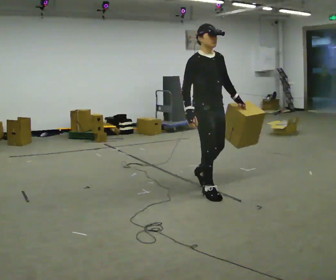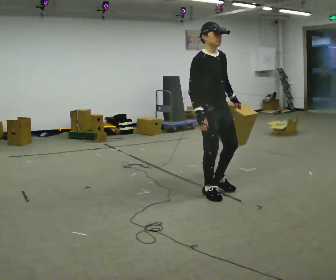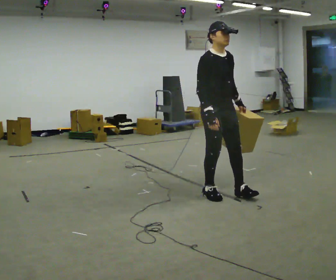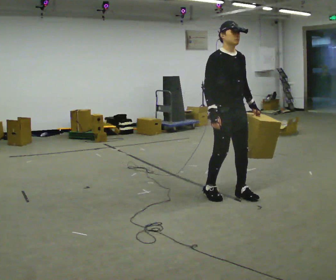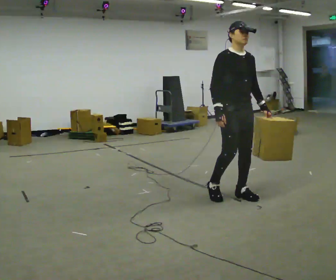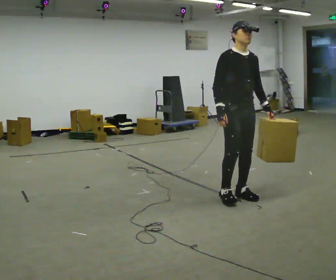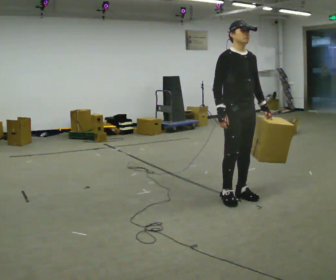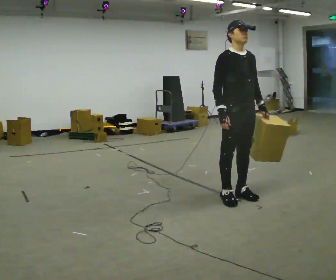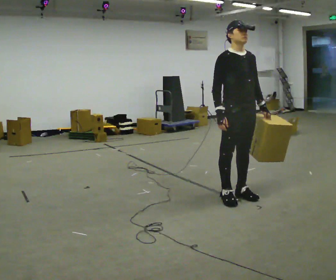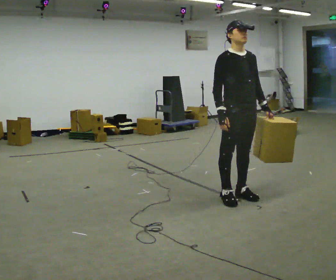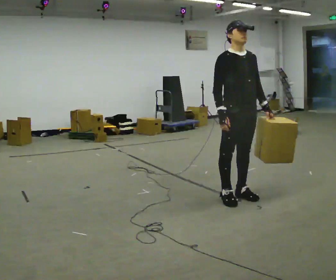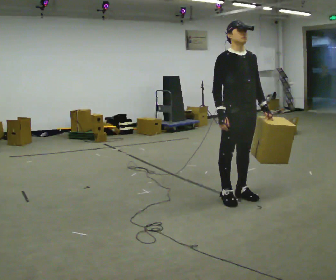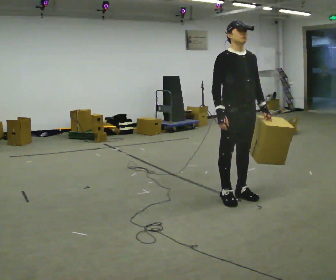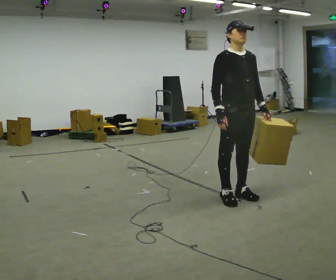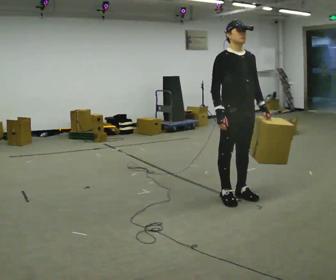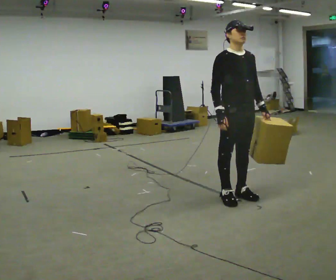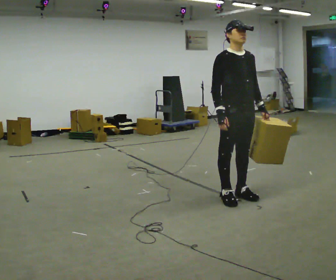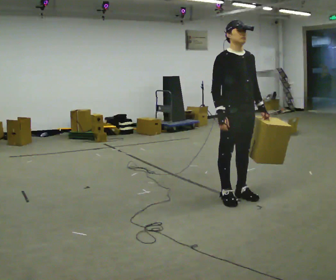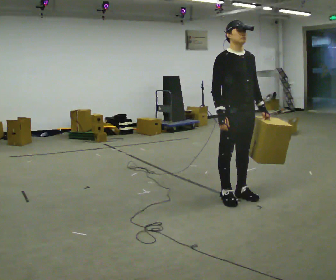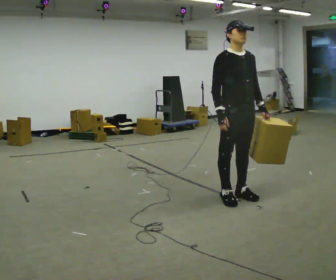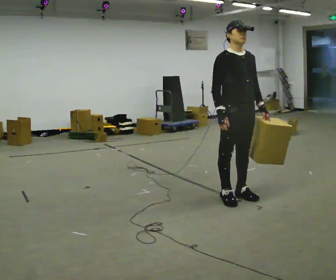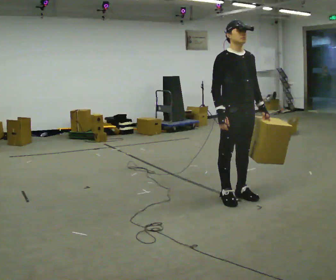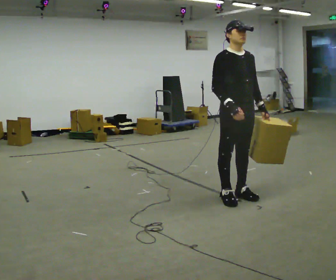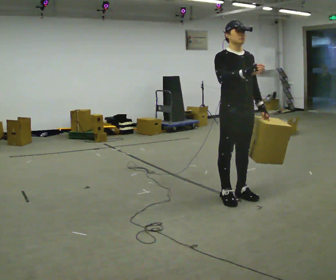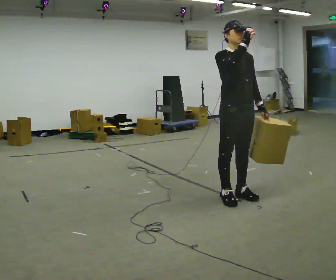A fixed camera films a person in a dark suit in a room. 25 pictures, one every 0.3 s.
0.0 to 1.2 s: In the picture they go to the right, about 0.25 m in 1 step, which for them is forward.
1.2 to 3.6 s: The person moves a little, or ends about where they began.
3.6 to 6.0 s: The person keeps their place and pose.
6.0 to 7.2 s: In the picture their right hand goes upward.
The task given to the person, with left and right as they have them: Carry the object in the hand the operator calls, down at your side, walking back and forth across the room.
The film runs forward here.
